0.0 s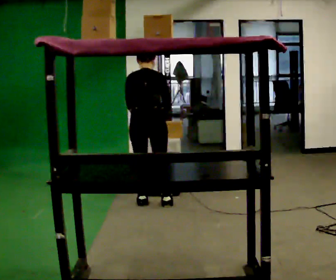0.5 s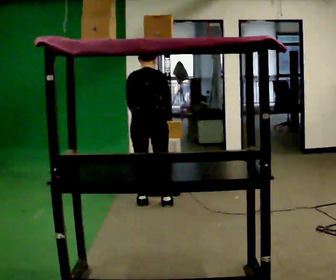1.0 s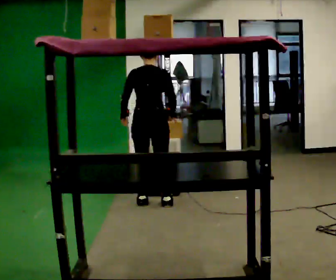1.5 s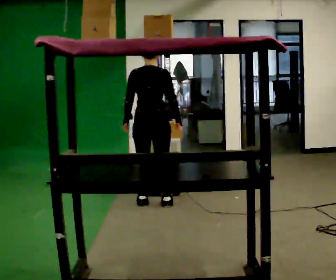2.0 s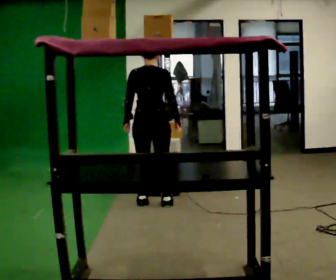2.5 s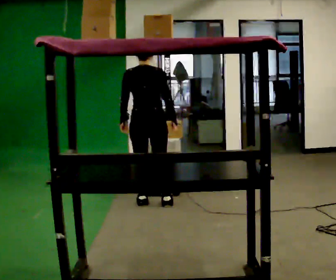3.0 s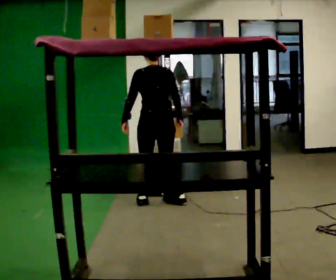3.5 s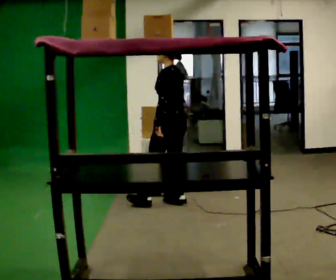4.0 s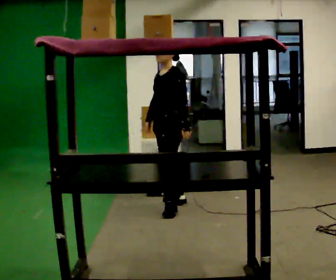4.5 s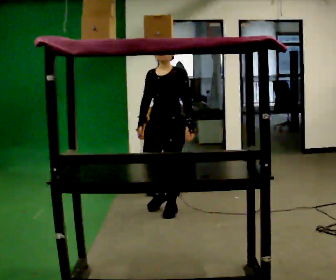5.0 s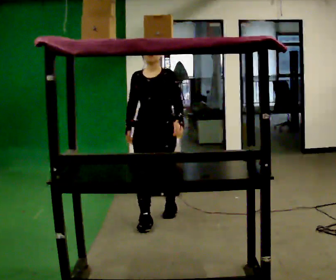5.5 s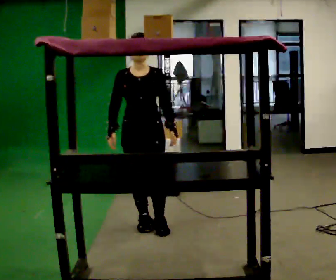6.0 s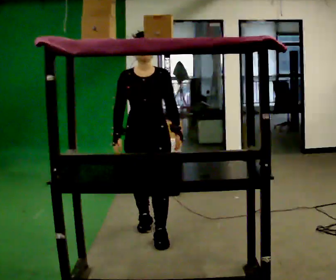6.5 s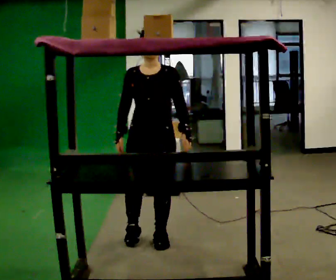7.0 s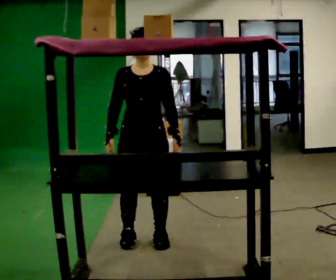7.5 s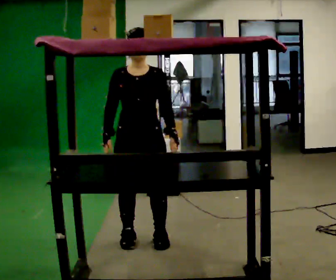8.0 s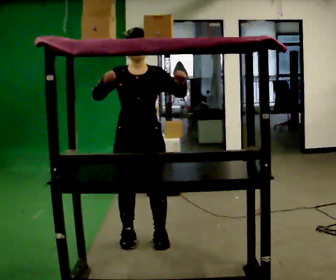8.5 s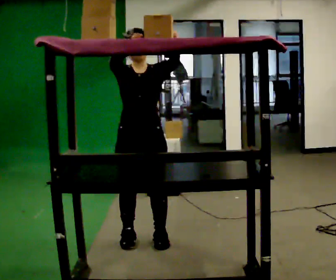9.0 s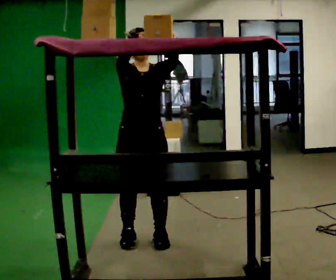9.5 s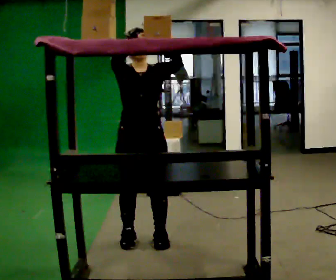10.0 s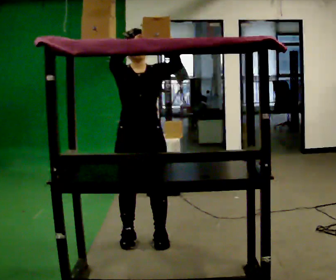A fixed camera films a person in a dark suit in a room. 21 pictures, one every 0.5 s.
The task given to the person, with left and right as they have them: Take an object down from the highest shelf you can comfortably reach, carry it across, and place it on the waist-height shelf. Keep going until the operator says stop; one object at a time, and do not rush between trips.
0.0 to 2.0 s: The upper body tips toward the camera, its near side rolling downward, as they lean back or straighten.
2.0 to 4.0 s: The part of the body nearest the lens slides to the right as the person turns to their left by about 120 degrees. In the picture they go to the right, about 0.25 m in 1 step. In the picture their left hand goes to the right.
4.0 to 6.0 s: The part of the body nearest the lens slides to the right as the person turns to their left by about 60 degrees. In the picture they go toward the camera, about 1 m in 2 steps.
6.0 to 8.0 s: In the picture they go toward the camera, about 0.25 m in 1 step, which for them is forward. In the picture their left hand goes upward.
8.0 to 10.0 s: The person moves a little, or ends about where they began.
The film runs forward here.
